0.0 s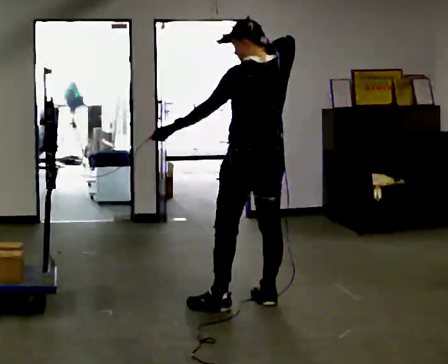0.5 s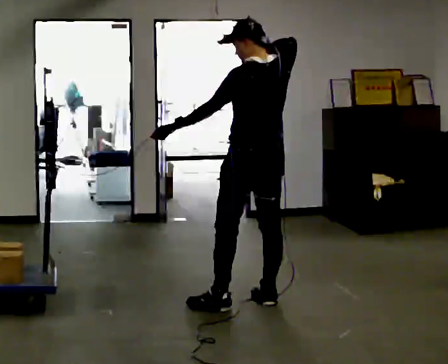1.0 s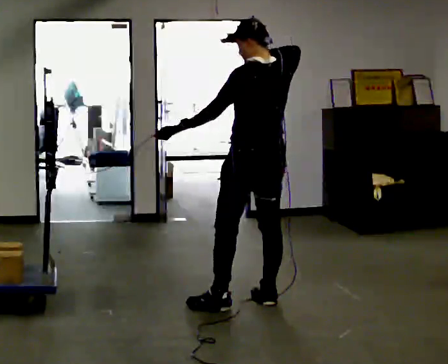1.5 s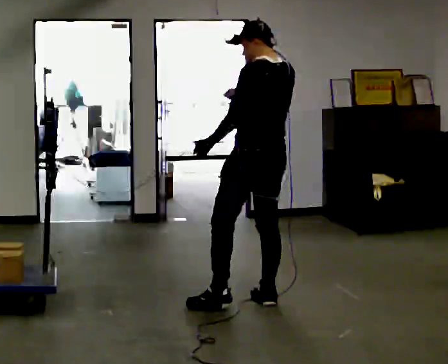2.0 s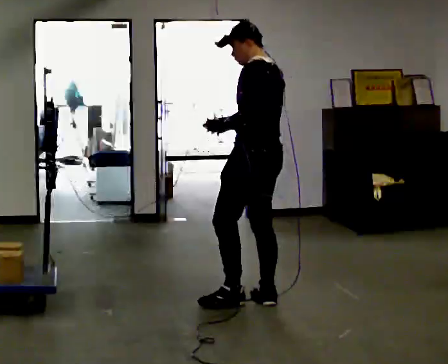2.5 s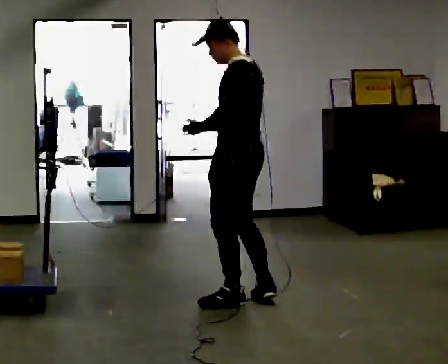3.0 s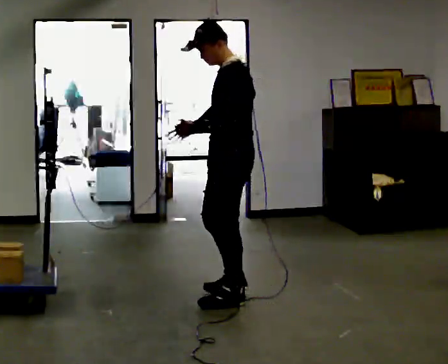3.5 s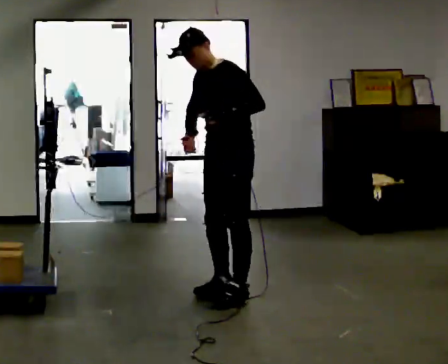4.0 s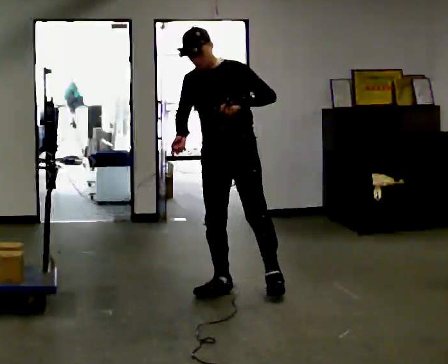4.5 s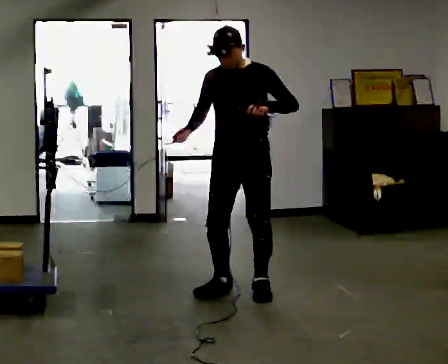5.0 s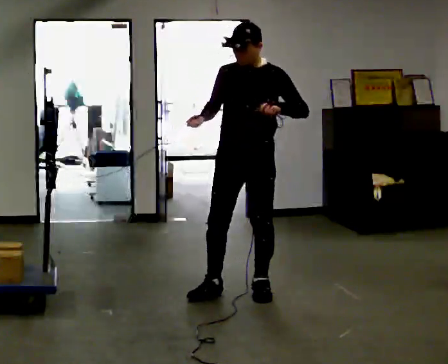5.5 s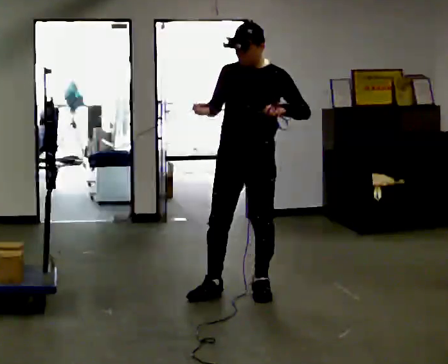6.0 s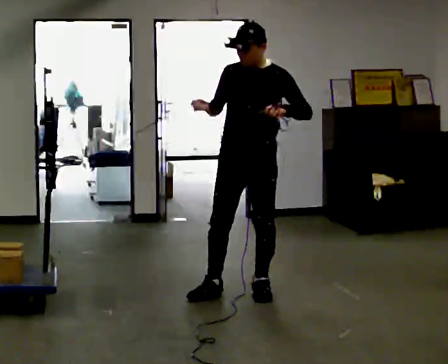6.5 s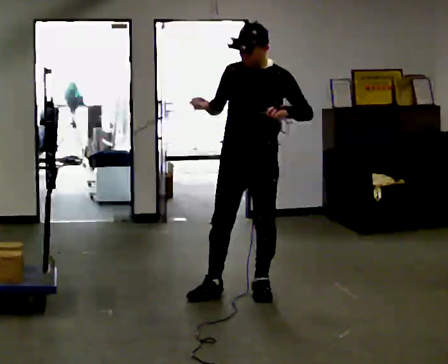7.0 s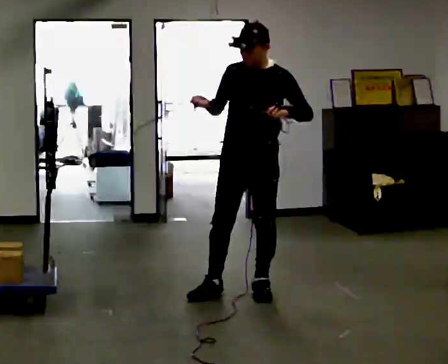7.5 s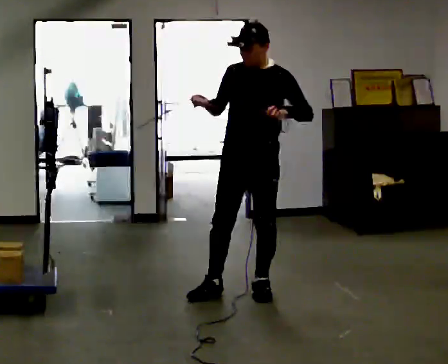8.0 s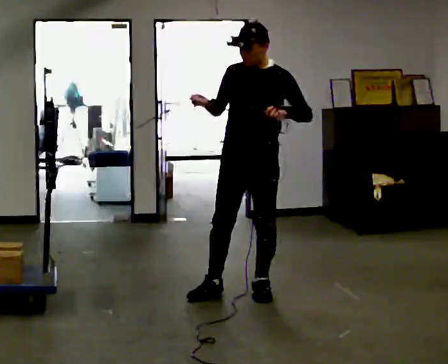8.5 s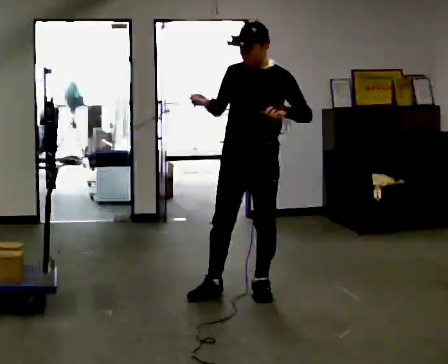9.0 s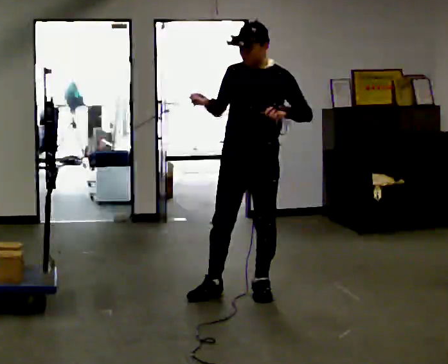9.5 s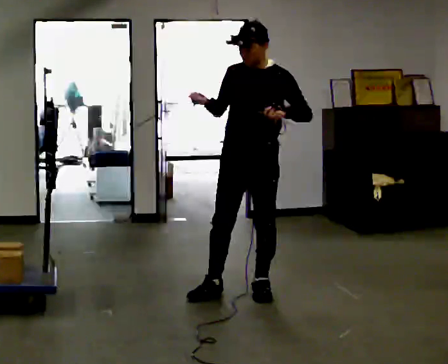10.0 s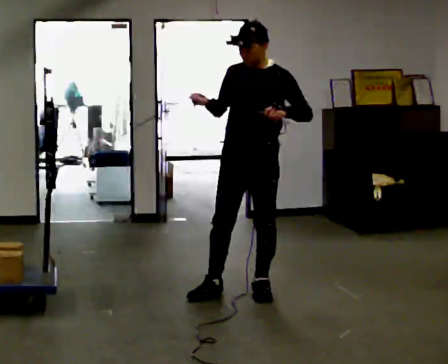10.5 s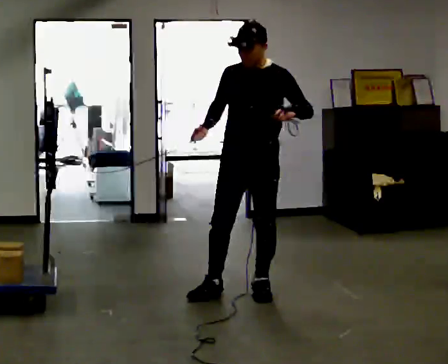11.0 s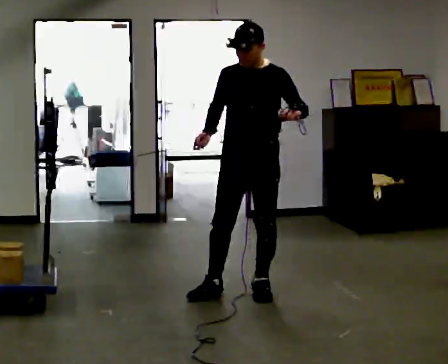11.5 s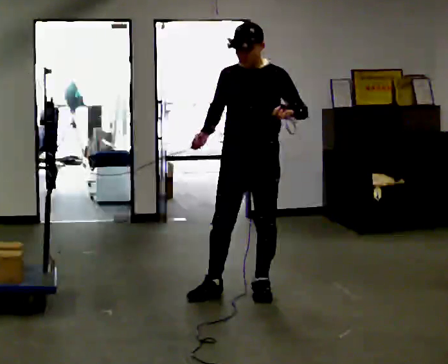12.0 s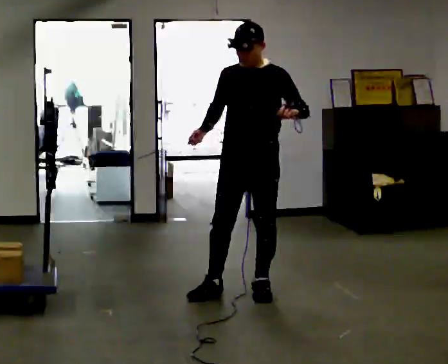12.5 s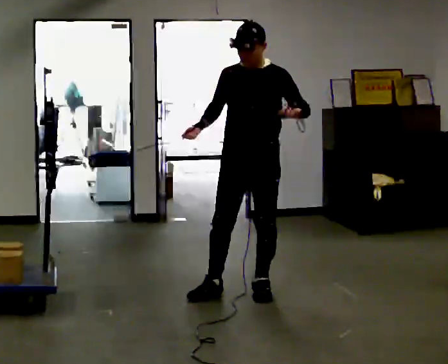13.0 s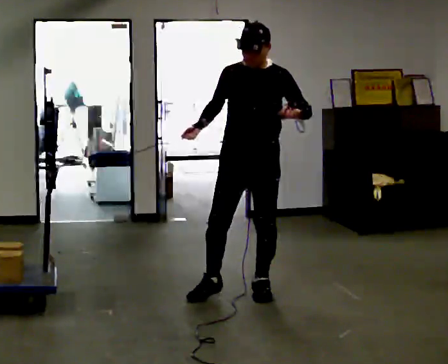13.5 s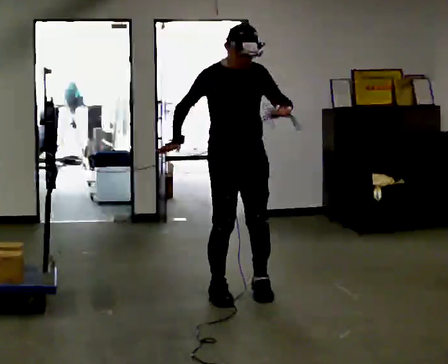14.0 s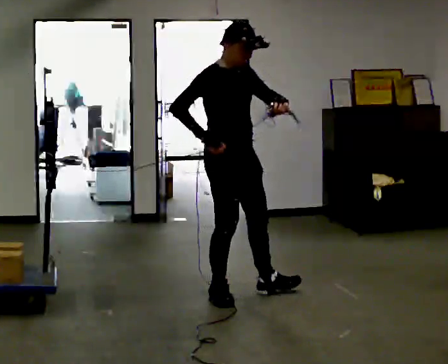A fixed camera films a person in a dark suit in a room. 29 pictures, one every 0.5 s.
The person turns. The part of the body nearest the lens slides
to the right.
The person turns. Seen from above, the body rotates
counterclockwise.
0.0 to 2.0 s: Seen from above the body turns counterclockwise, about 30 degrees: to their left, with its near side sliding to the right. In the picture their right hand goes downward.
2.0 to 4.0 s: The person turns about 90 degrees to their left, counterclockwise seen from above, so the part of the body nearest the lens slides to the right. In the picture they go away from the camera and to the left, about 0.25 m in 1 step. In the picture the upper body tilts counterclockwise, shoulders to the left.
4.0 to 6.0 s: In the picture the upper body tilts clockwise, shoulders to the right.
6.0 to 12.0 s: The person moves a little, or ends about where they began.
12.0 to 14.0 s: Seen from above the body turns counterclockwise, about 75 degrees: to their left, with its near side sliding to the right. In the picture they go to the left, about 0.25 m.
The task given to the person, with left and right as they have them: Hold the rope on the loaded pallet and pull as hard as is comfortable for a few seconds, then relax. The operator will log the load and the peak reading on the scale for every take.
The film runs forward here.
